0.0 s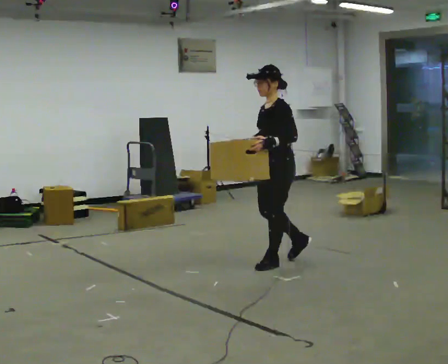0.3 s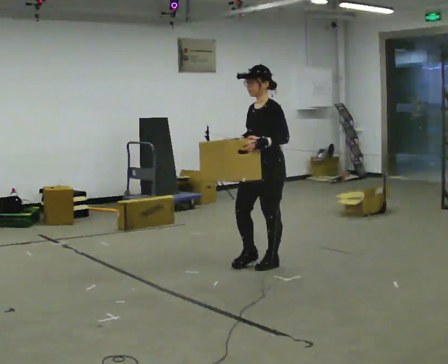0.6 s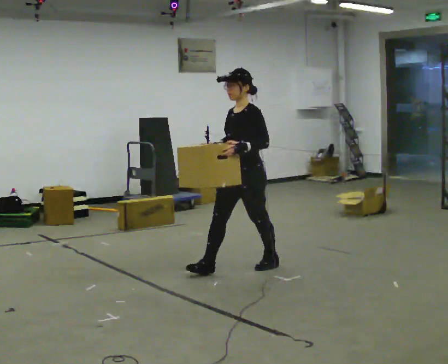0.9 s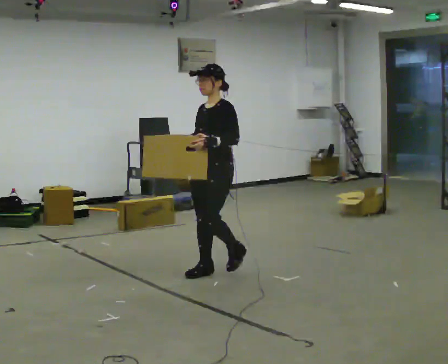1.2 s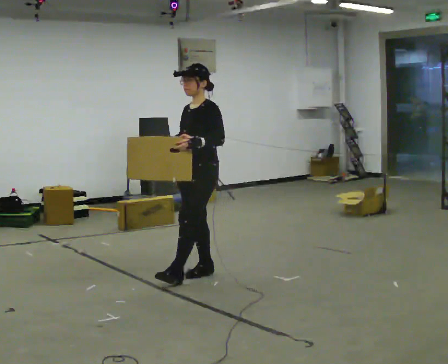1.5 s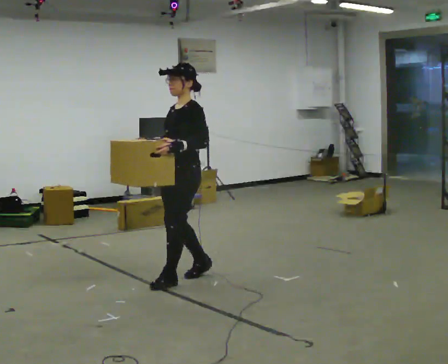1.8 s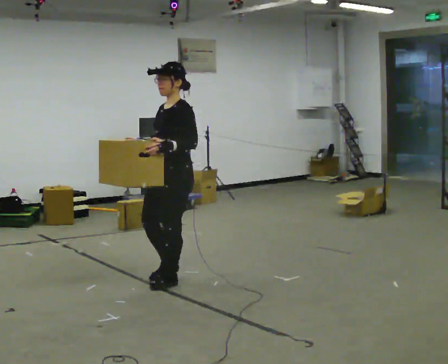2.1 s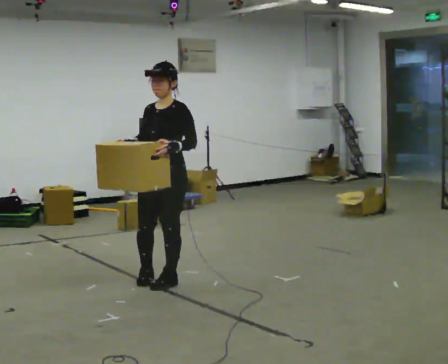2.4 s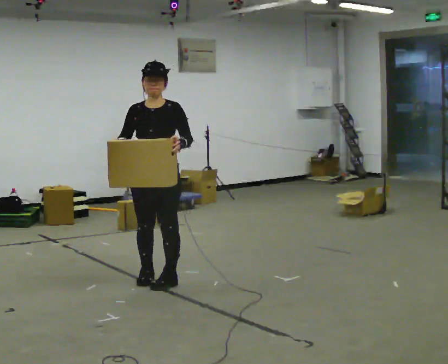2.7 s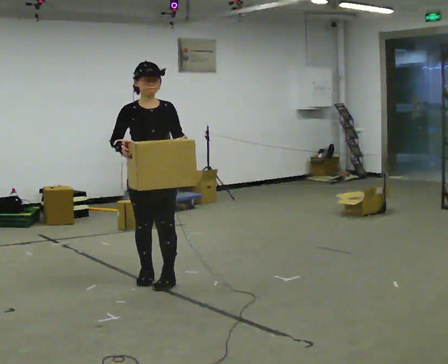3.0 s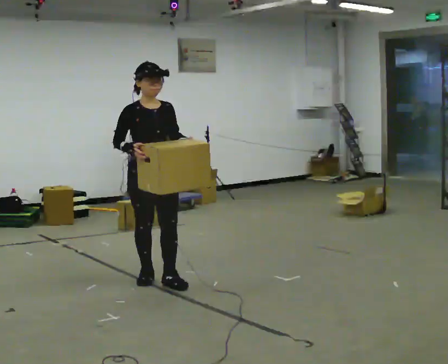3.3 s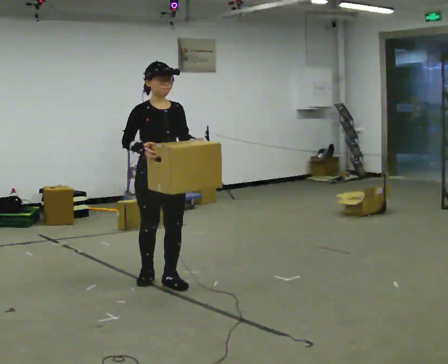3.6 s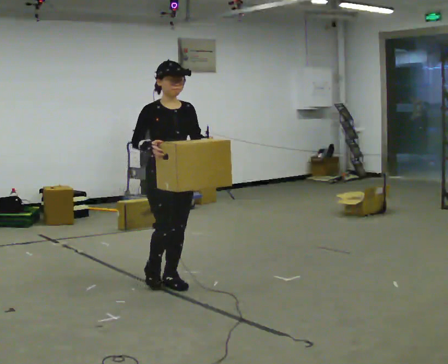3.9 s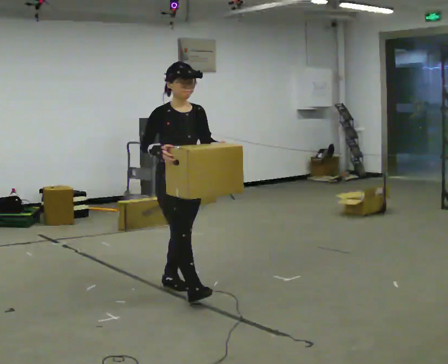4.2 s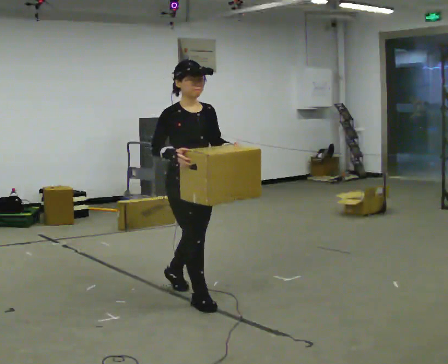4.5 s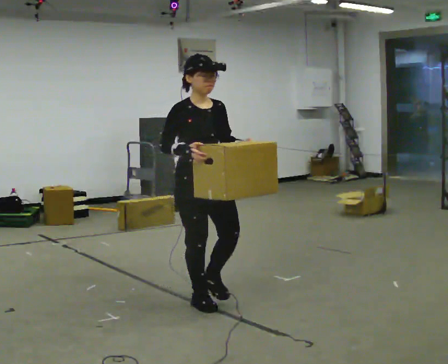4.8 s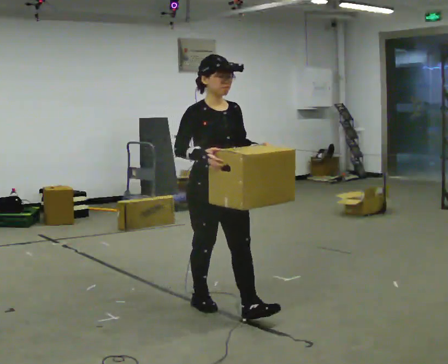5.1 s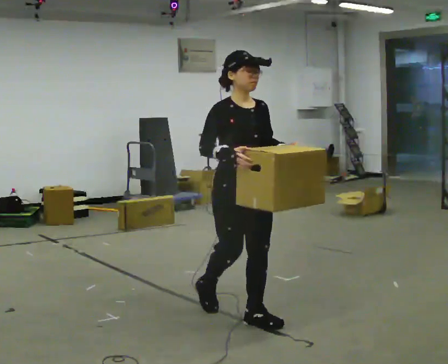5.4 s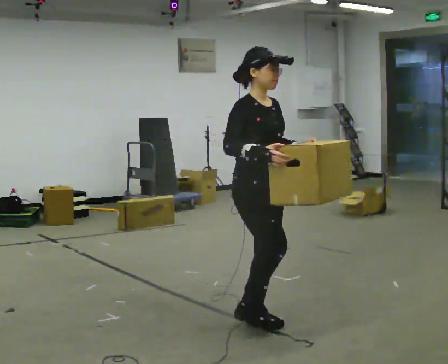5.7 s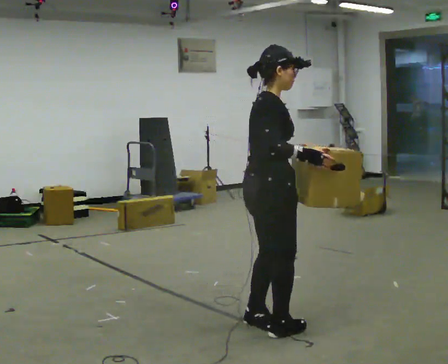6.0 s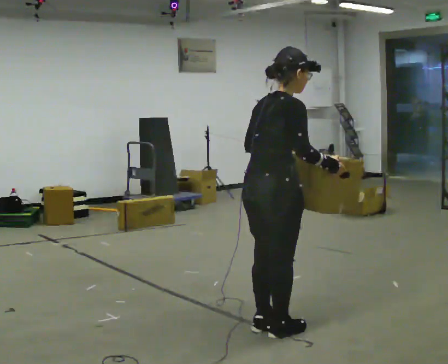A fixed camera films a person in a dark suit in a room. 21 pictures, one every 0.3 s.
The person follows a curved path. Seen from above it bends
counterclockwise.
The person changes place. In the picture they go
toward the camera.
0.0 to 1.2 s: In the picture they go to the left and toward the camera, about 0.75 m in 1 step, which for them is forward.
1.2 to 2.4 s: The person turns about 45 degrees to their left, counterclockwise seen from above, so the part of the body nearest the lens slides to the right. In the picture they go to the left and toward the camera, about 0.25 m in 2 steps, which for them is forward.
2.4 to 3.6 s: The person turns about 30 degrees to their left, counterclockwise seen from above, so the part of the body nearest the lens slides to the right.
3.6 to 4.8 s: In the picture they go toward the camera and to the right, about 0.75 m in 1 step, which for them is forward.
4.8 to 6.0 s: The person turns about 105 degrees to their left, counterclockwise seen from above, so the part of the body nearest the lens slides to the right. In the picture they go toward the camera and to the right, about 0.5 m in 3 steps.
The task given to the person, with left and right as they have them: Carry the box along the marked route, turning 90 degrees at the corner the operator calls, and set it down at the end. Keep going until the operator says stop; one object at a time, and do not rush between trips.
The film runs forward here.
